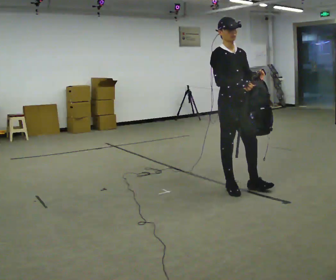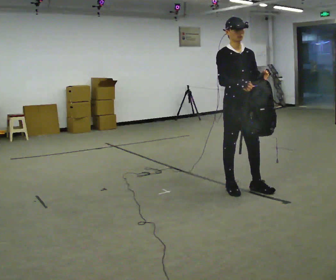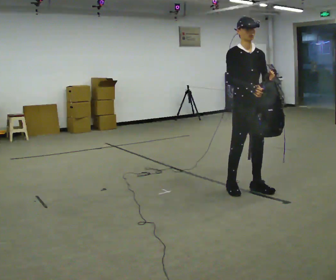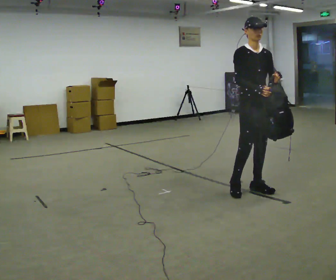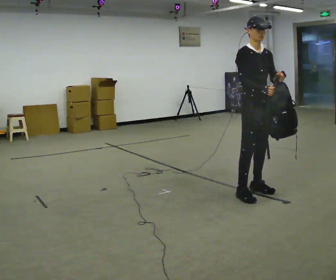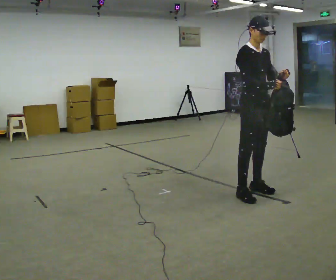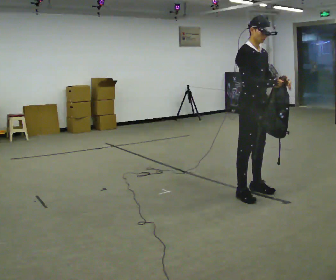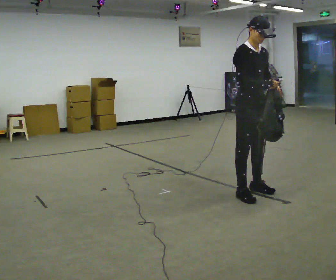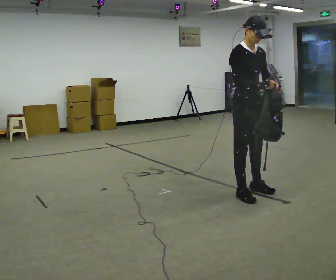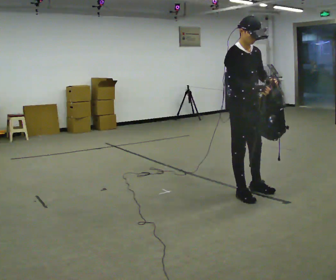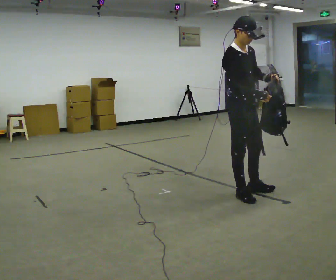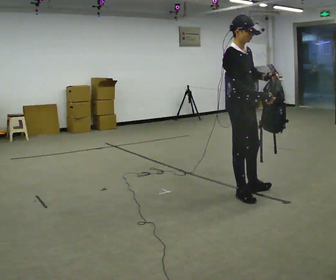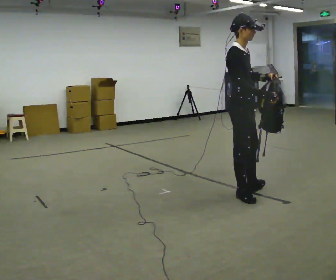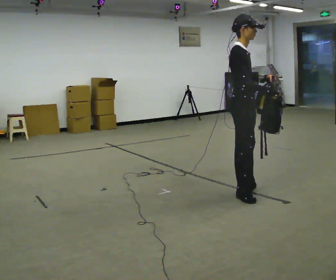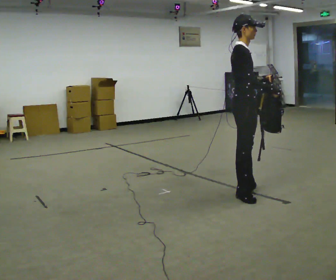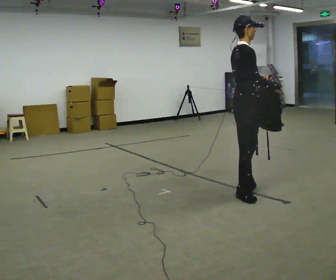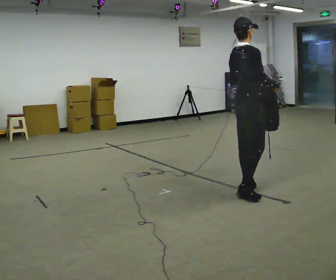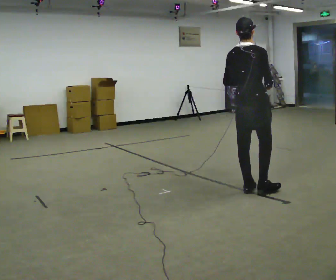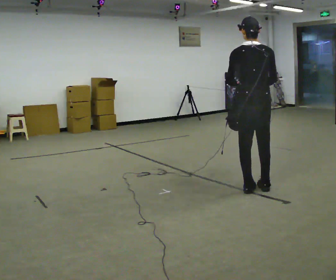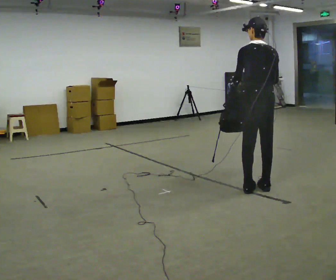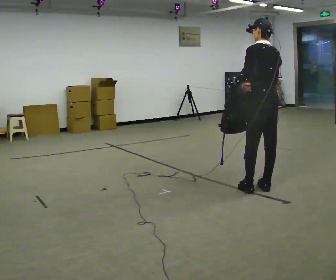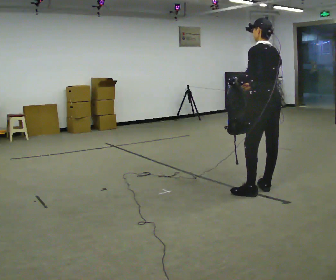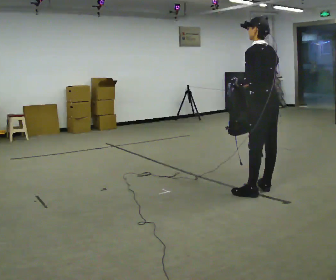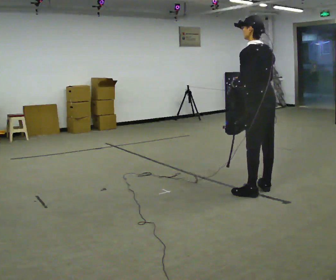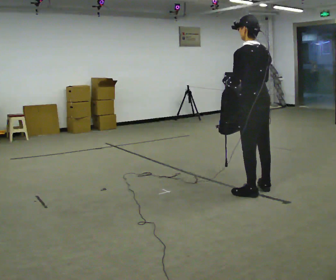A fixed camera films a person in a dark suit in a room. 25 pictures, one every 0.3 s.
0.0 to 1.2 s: In the picture they go to the right, about 0.25 m in 2 steps, which for them is to their left and forward.
1.2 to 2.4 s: The person moves a little, or ends about where they began.
2.4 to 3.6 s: The person turns about 30 degrees to their left, counterclockwise seen from above, so the part of the body nearest the lens slides to the right.
3.6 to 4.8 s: The part of the body nearest the lens slides to the right as the person turns to their left by about 45 degrees.
4.8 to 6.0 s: The person turns about 90 degrees to their left, counterclockwise seen from above, so the part of the body nearest the lens slides to the right. In the picture they go to the right, about 0.25 m in 1 step.
6.0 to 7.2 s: The person moves a little, or ends about where they began.
The film runs forward here.
